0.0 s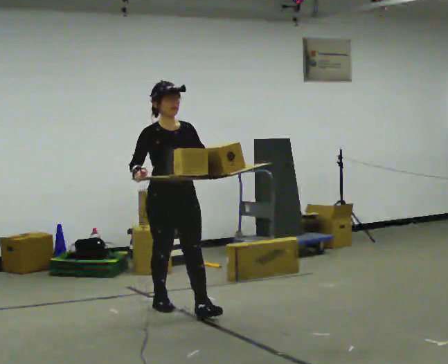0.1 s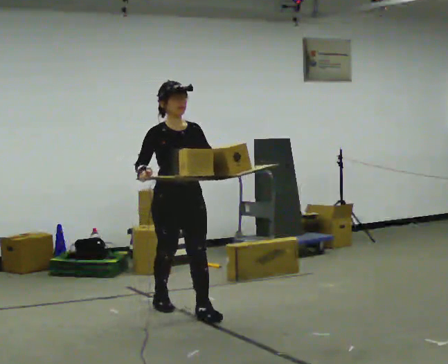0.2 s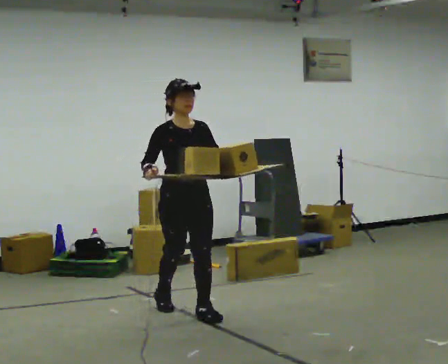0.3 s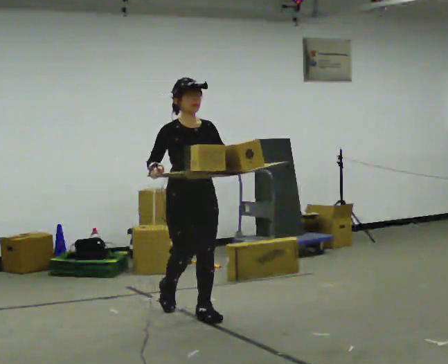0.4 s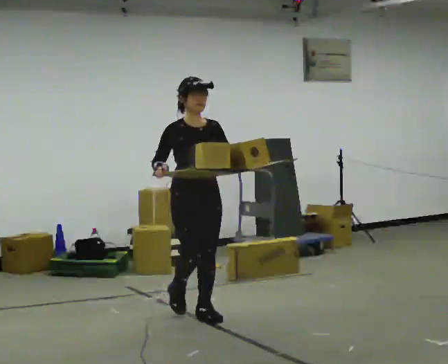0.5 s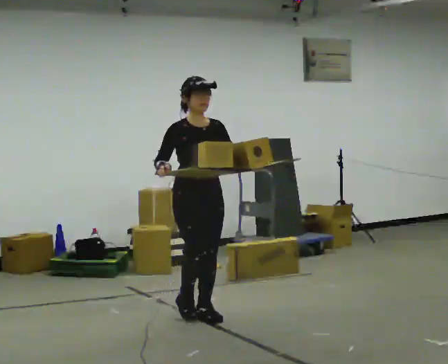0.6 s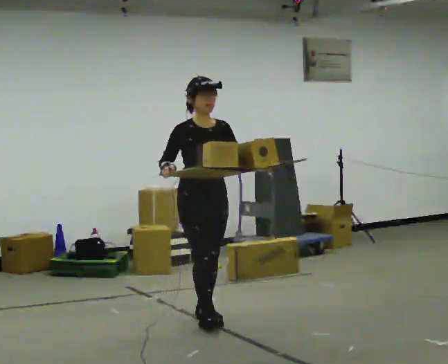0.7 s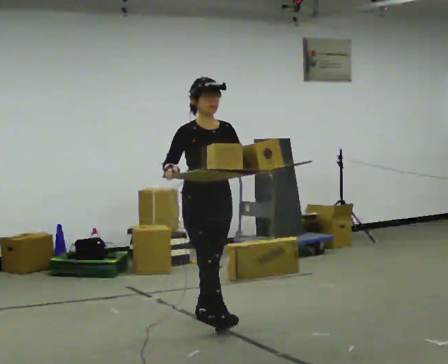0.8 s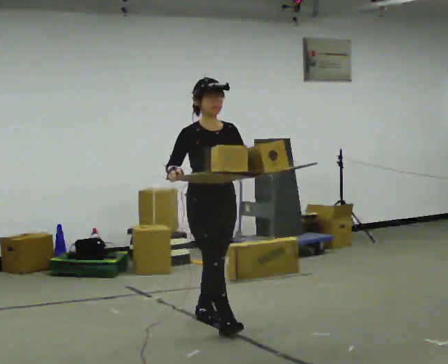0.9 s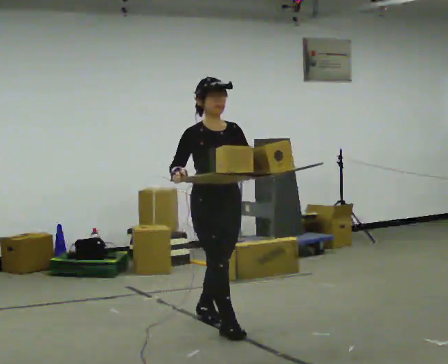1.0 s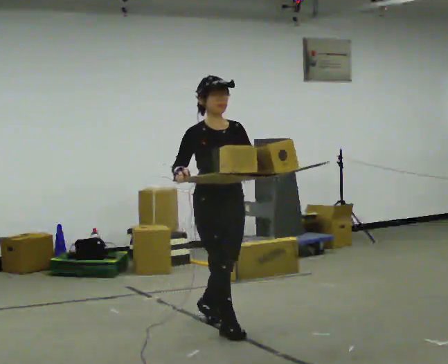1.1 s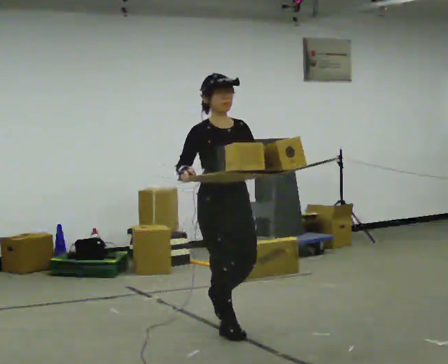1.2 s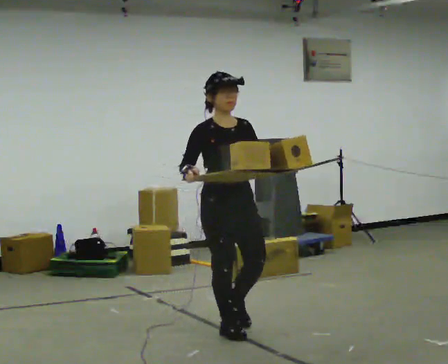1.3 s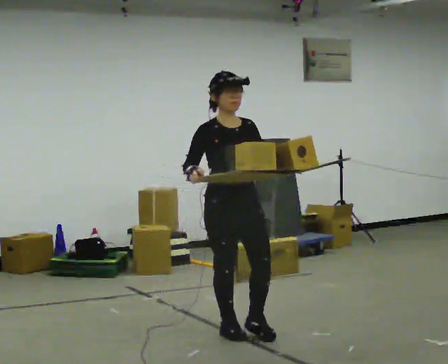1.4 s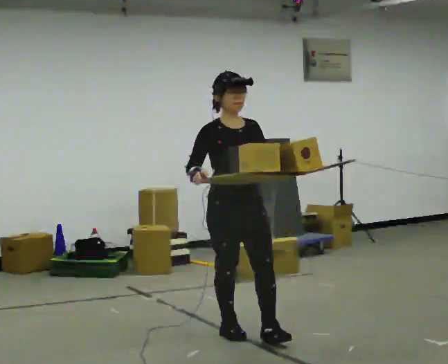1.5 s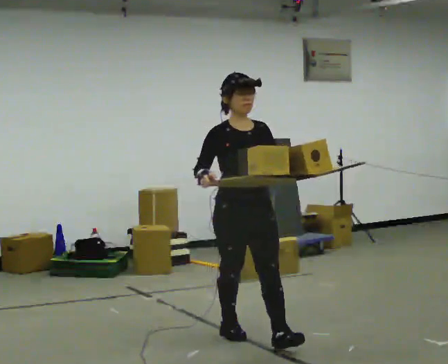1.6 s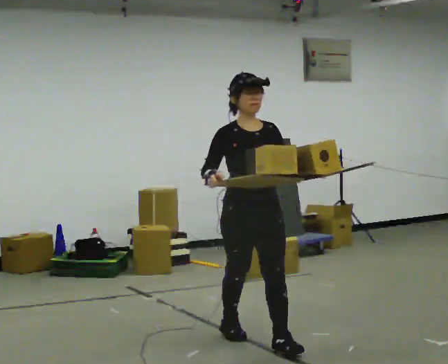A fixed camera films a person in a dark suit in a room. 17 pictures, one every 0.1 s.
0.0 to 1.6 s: In the picture they go toward the camera and to the right, about 1 m in 2 steps, which for them is forward.
The film runs forward here.
